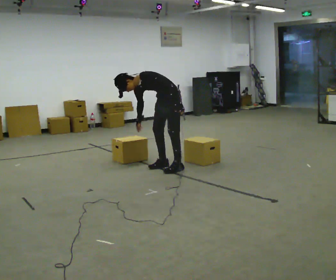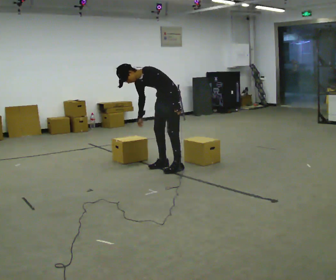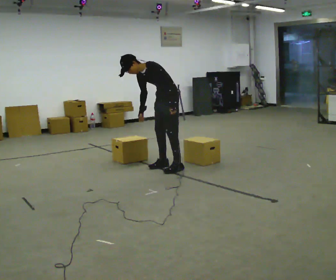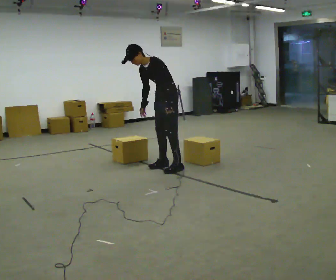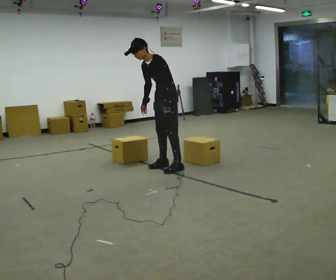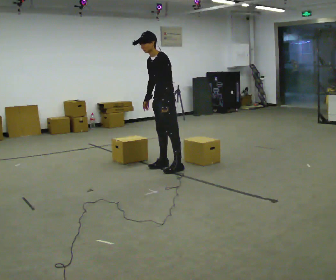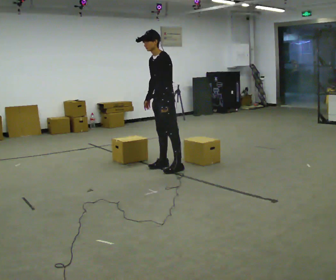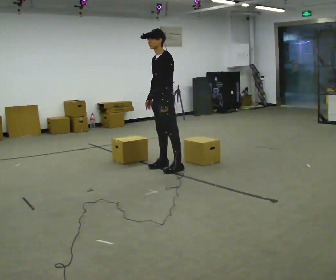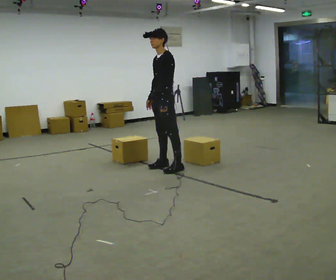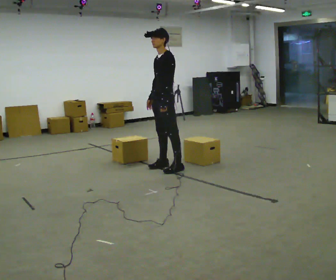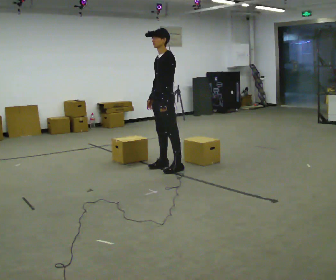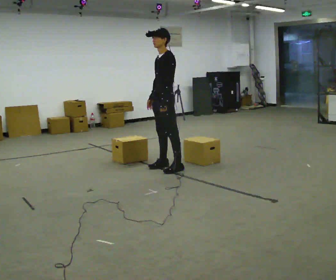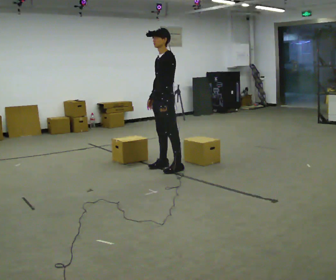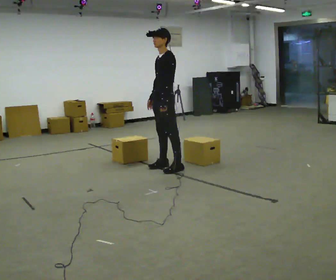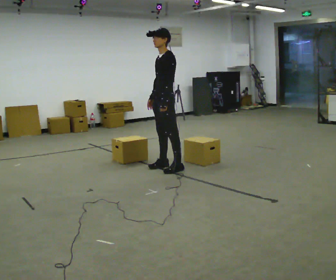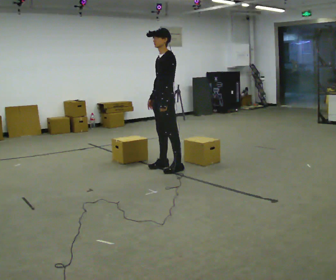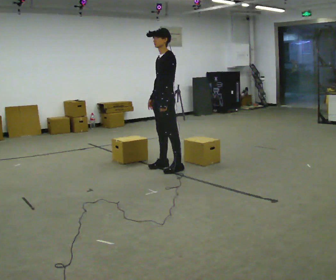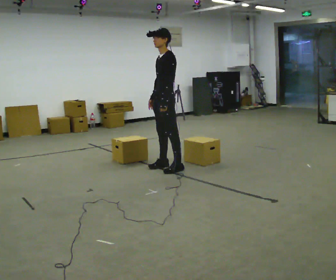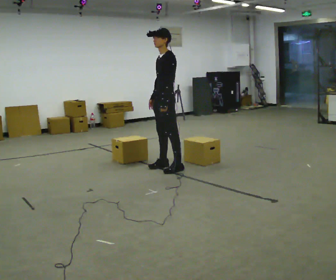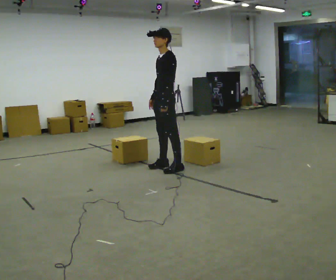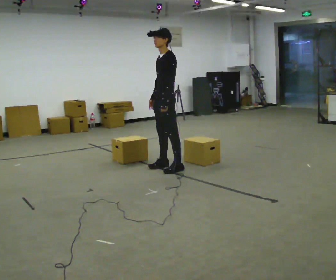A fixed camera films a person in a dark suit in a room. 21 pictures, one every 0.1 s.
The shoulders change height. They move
upward.
Their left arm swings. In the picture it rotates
clockwise.
0.0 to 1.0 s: In the picture they go toward the camera, about 0.25 m, which for them is to their left. The upper body goes upward. In the picture the upper body tilts clockwise, shoulders to the right, as they lean back or straighten.
1.0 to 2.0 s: The person moves a little, or ends about where they began.
The film runs backward here.
